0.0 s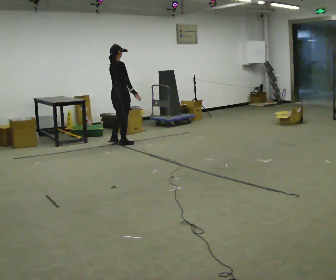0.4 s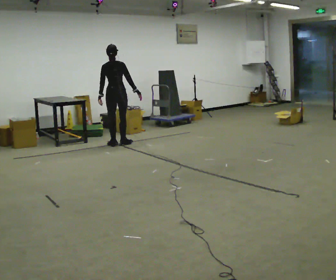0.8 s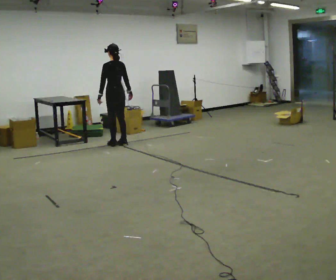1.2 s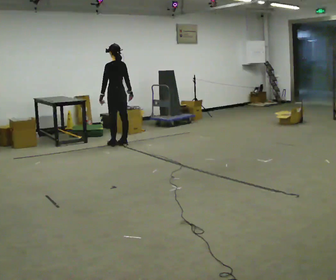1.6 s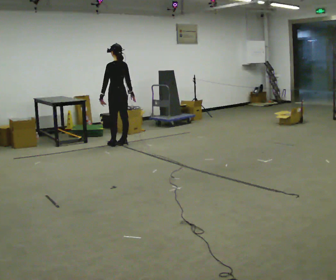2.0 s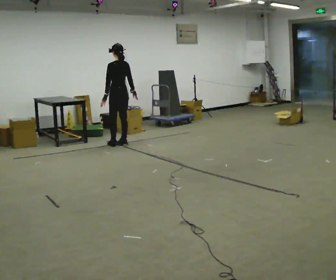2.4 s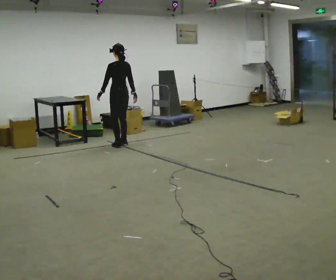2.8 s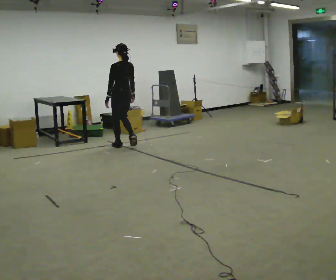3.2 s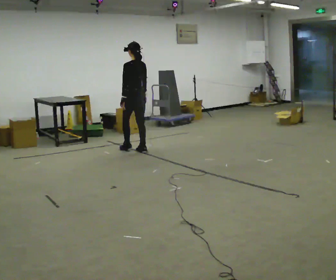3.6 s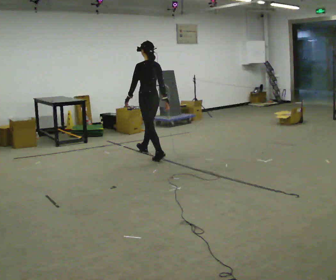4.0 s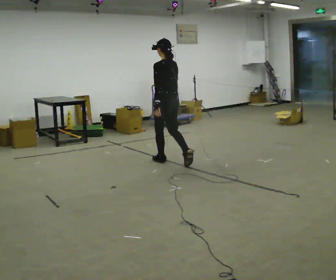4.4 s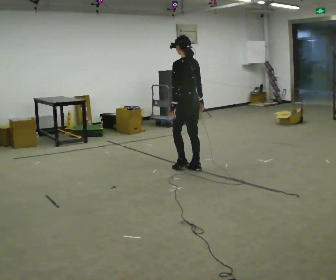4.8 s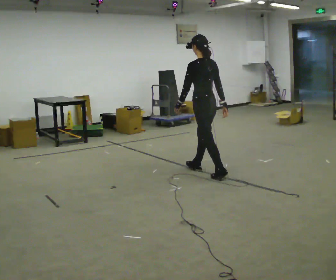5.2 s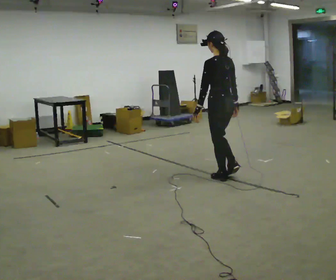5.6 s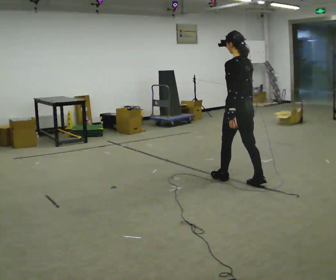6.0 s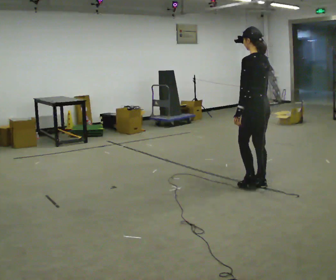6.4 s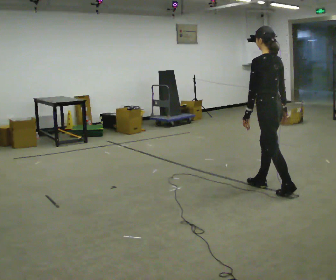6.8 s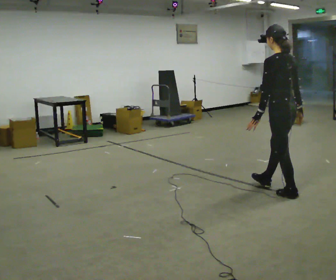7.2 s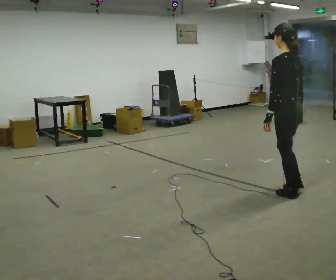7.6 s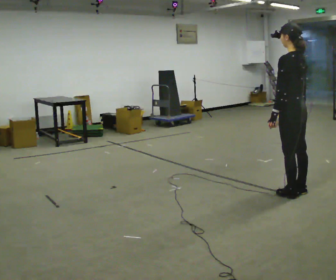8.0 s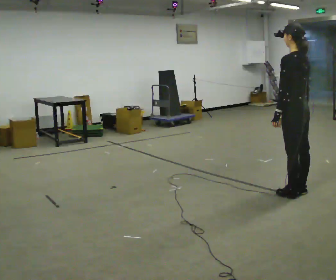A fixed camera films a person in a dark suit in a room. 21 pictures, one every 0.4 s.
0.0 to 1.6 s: Seen from above the body turns counterclockwise, about 90 degrees: to their left, with its near side sliding to the right.
1.6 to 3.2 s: In the picture they go toward the camera and to the right, about 0.5 m in 2 steps, which for them is backward.
3.2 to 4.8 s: In the picture they go toward the camera and to the right, about 1.5 m in 2 steps, which for them is backward.
4.8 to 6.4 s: In the picture they go toward the camera and to the right, about 1 m in 2 steps, which for them is backward.
6.4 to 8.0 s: In the picture they go toward the camera and to the right, about 0.25 m in 1 step, which for them is backward.
The film runs backward here.
